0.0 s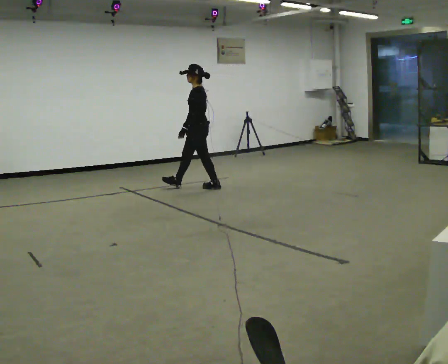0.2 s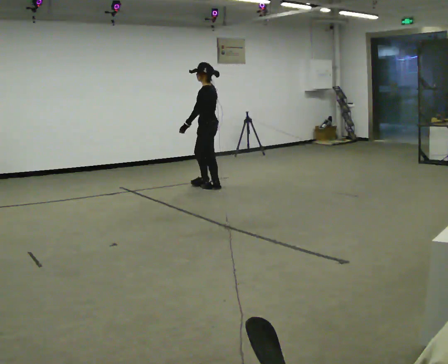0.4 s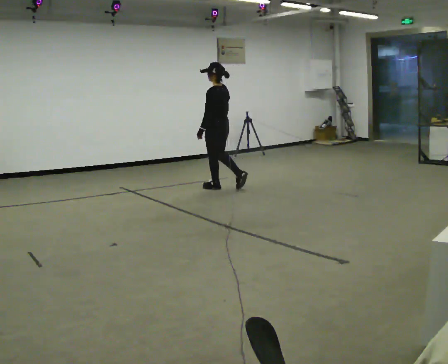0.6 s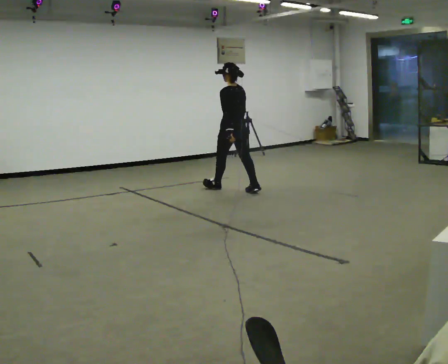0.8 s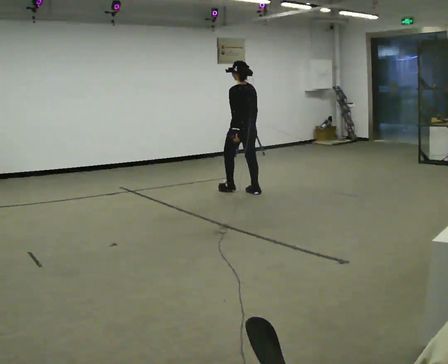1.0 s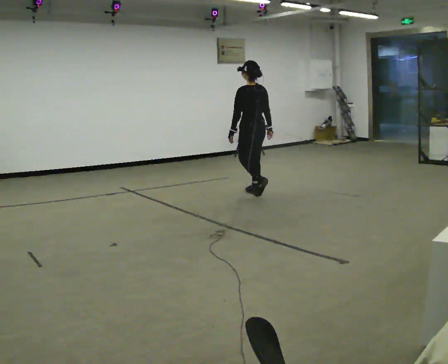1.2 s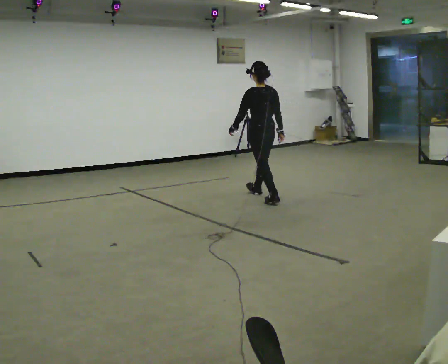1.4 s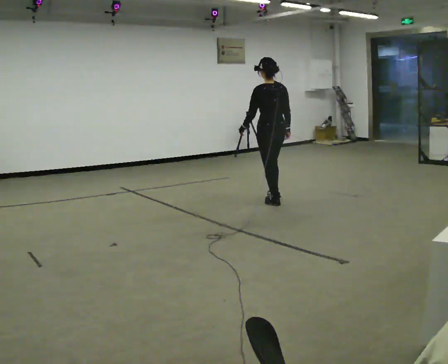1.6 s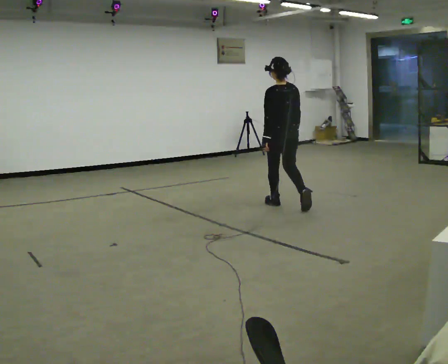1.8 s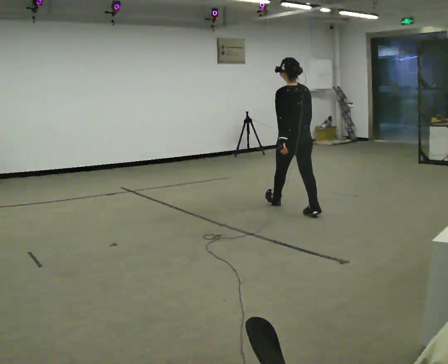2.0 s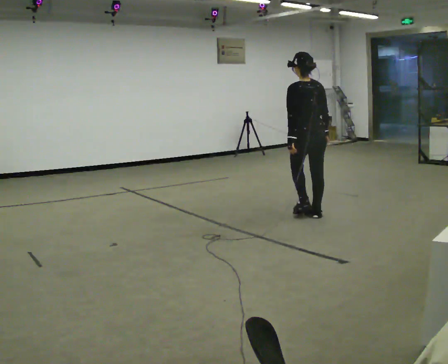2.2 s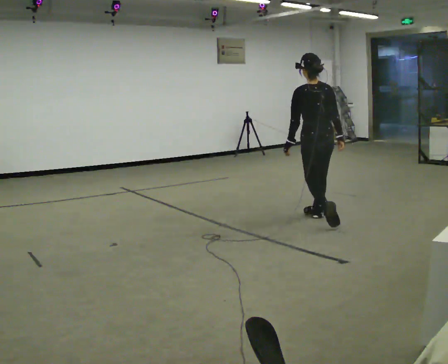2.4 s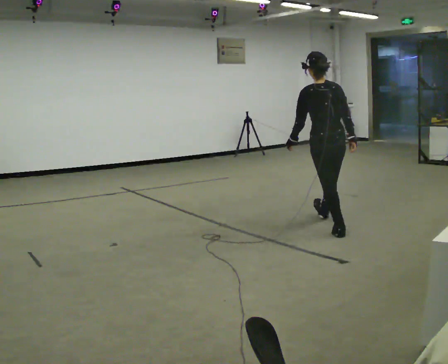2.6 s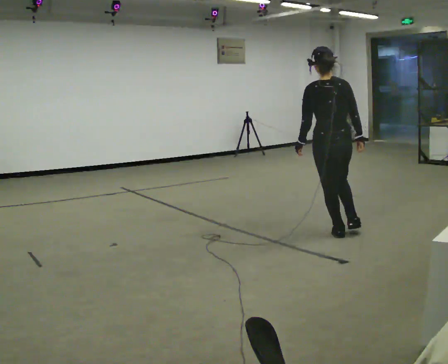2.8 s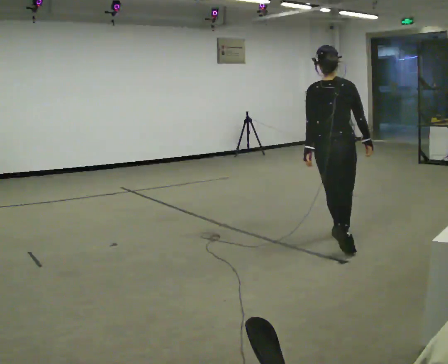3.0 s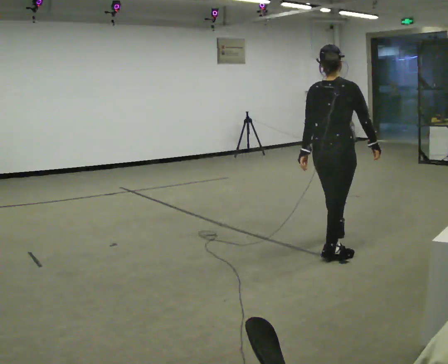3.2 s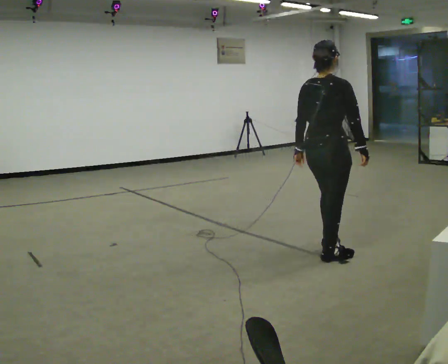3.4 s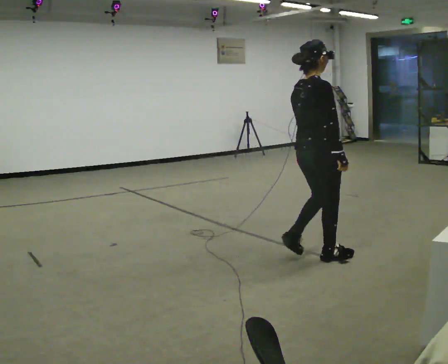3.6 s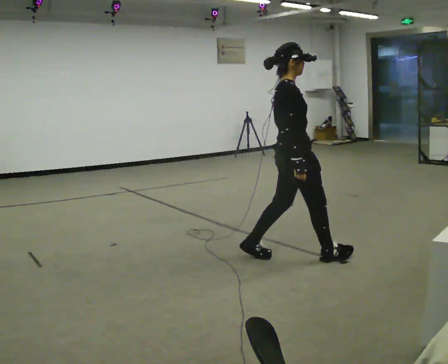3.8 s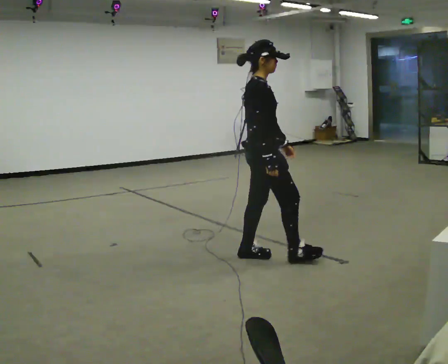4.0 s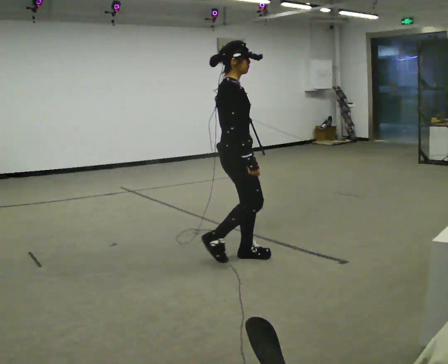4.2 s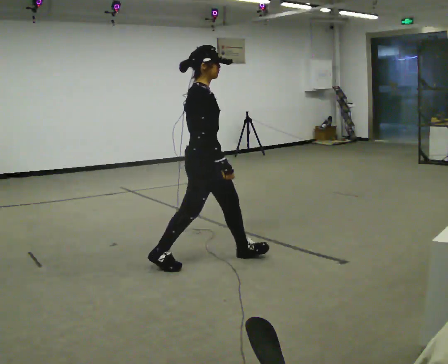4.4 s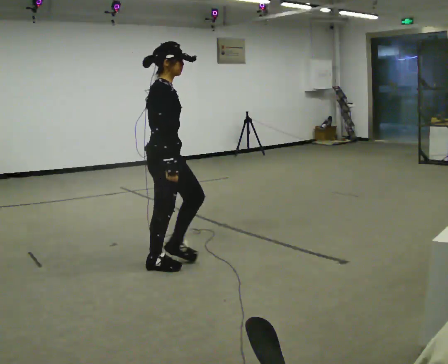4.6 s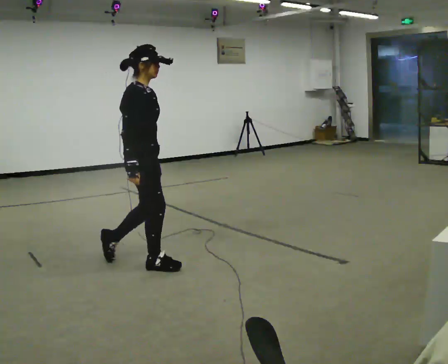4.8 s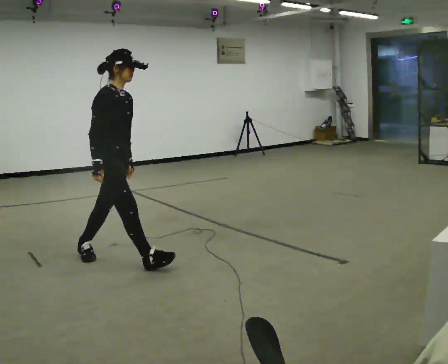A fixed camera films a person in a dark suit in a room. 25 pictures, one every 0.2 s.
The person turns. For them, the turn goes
to their right.
The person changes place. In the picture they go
toward the camera.
0.0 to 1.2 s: The person turns about 60 degrees to their right, clockwise seen from above, so the part of the body nearest the lens slides to the left. In the picture they go to the right and toward the camera, about 1 m in 1 step.
1.2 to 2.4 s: In the picture they go toward the camera and to the right, about 1.5 m in 3 steps, which for them is backward.
2.4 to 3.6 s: Seen from above the body turns clockwise, about 90 degrees: to their right, with its near side sliding to the left. In the picture they go toward the camera, about 1 m in 1 step.
3.6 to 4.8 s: The part of the body nearest the lens slides to the left as the person turns to their right by about 30 degrees. In the picture they go to the left, about 1.5 m in 3 steps, which for them is backward.
The film runs backward here.
